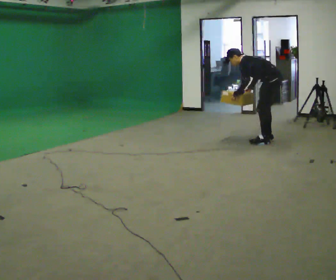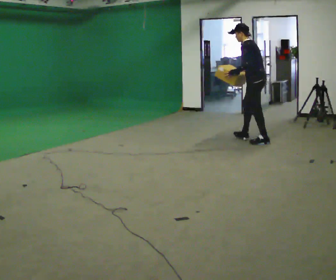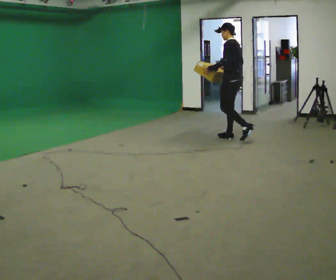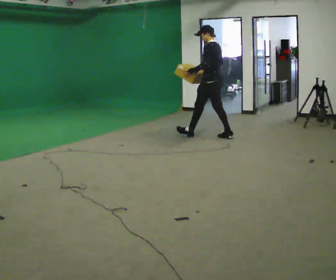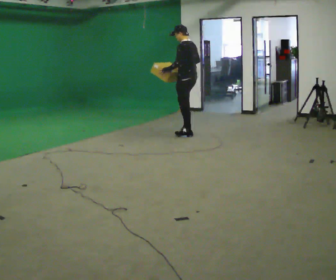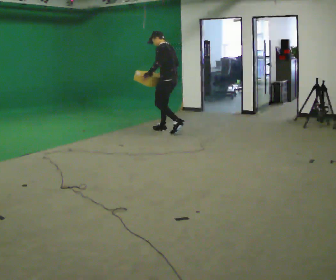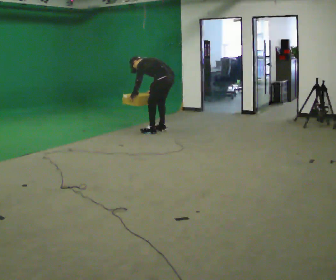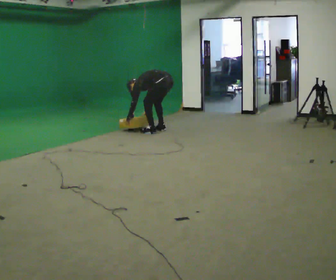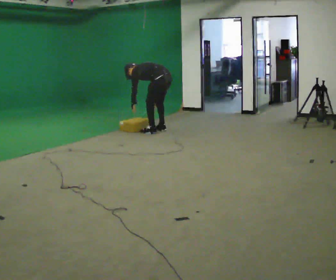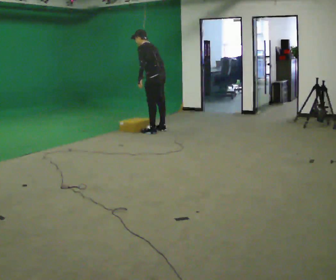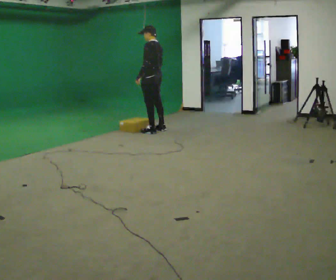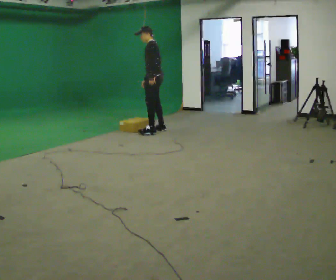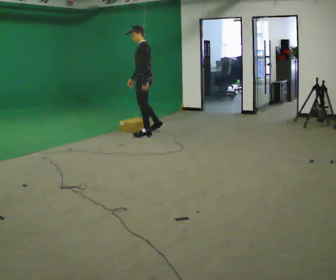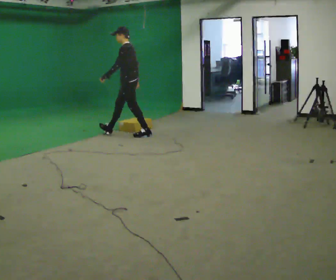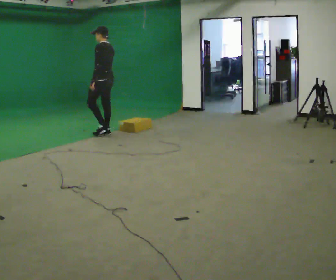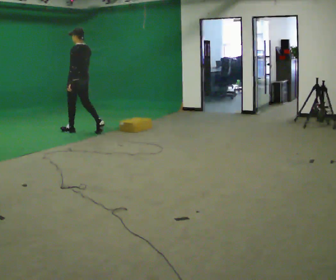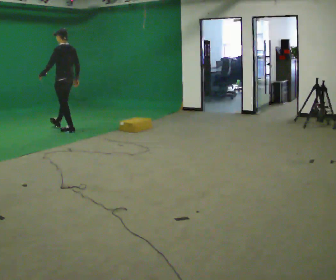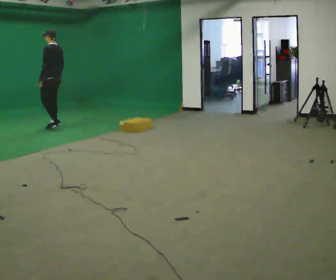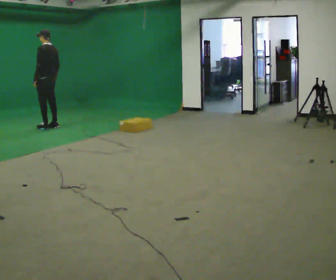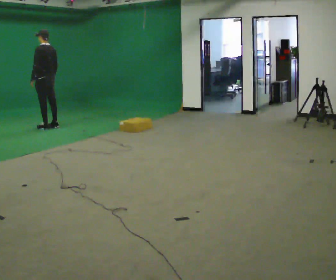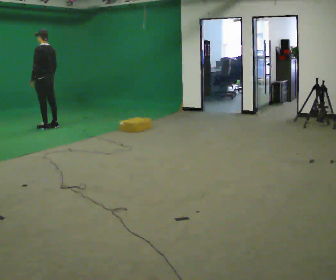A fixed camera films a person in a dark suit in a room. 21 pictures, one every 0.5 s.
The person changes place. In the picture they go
to the left.
0.0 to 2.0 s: In the picture they go to the left and away from the camera, about 1.5 m in 2 steps, which for them is forward. The shoulders move upward. In the picture the upper body tilts clockwise, shoulders to the right, as they lean back or straighten.
2.0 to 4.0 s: In the picture they go to the left and away from the camera, about 0.5 m in 2 steps, which for them is forward. In the picture their right hand goes downward.
4.0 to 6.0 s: The person turns about 30 degrees to their left, counterclockwise seen from above, so the part of the body nearest the lens slides to the right. In the picture they go to the left, about 0.25 m in 1 step, which for them is to their left and forward. The upper body goes upward. In the picture the upper body tilts clockwise, shoulders to the right, as they lean back or straighten. In the picture their right hand goes upward.
6.0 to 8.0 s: The person turns about 30 degrees to their right, clockwise seen from above, so the part of the body nearest the lens slides to the left. In the picture they go to the left, about 1.5 m in 2 steps, which for them is forward.
8.0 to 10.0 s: In the picture they go to the left and away from the camera, about 0.5 m in 2 steps, which for them is forward.
The film runs forward here.
